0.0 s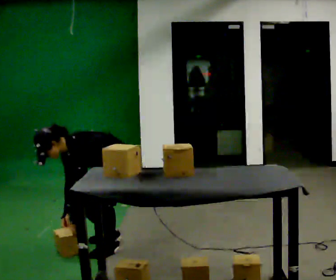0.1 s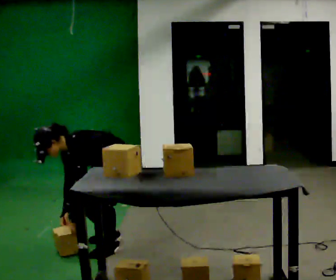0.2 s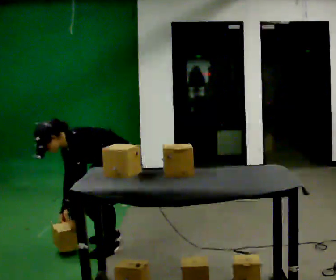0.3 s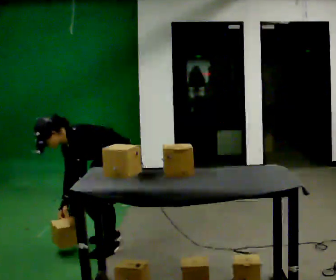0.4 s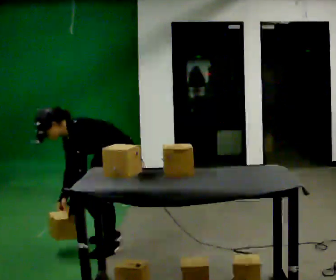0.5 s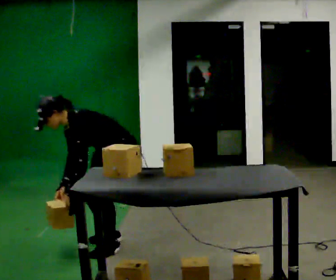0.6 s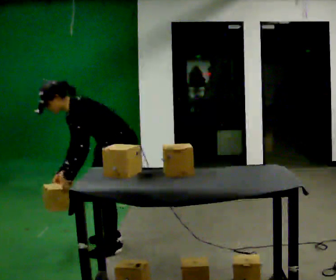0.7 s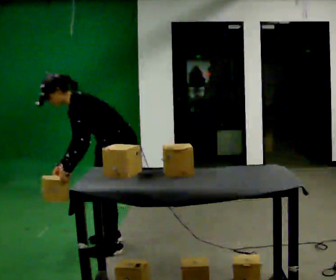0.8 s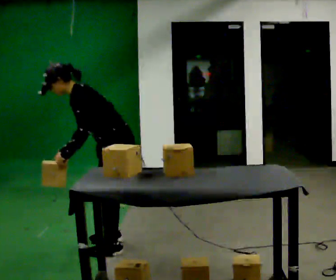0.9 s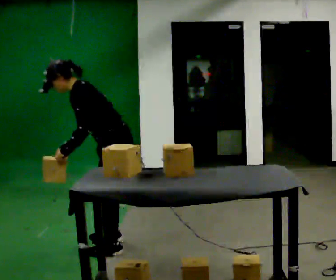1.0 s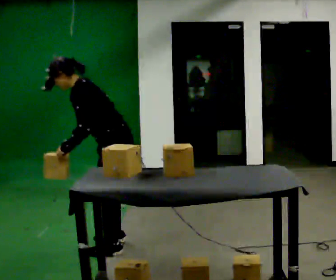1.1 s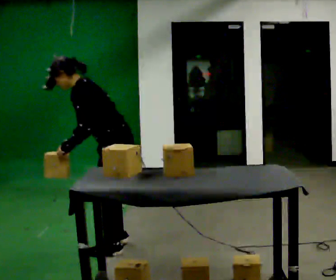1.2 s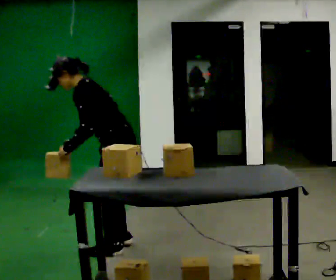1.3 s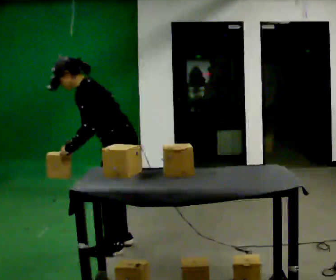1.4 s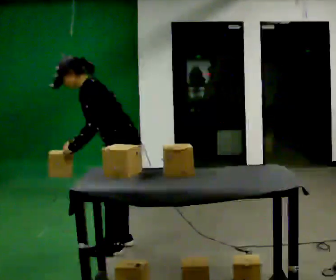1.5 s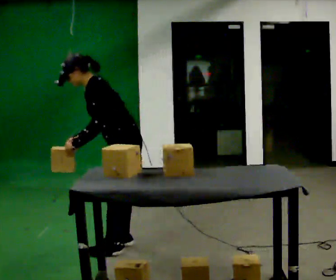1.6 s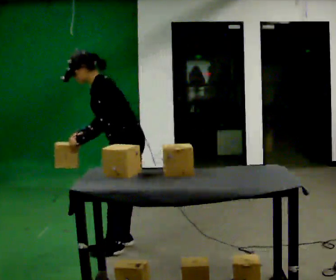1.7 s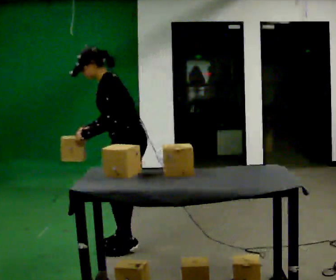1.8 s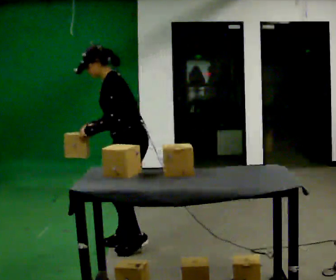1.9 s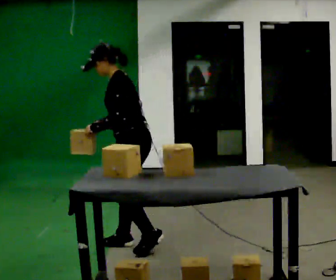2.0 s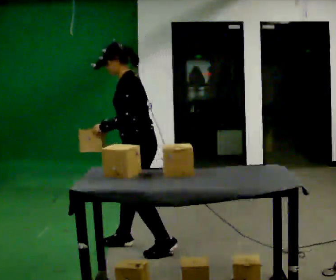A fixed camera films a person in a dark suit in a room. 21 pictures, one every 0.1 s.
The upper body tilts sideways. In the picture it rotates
clockwise.
The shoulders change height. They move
upward.
0.0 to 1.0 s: Seen from above the body turns clockwise, about 45 degrees: to their right, with its near side sliding to the left. In the picture they go toward the camera, about 0.25 m, which for them is to their left. The shoulders move upward. The upper body tips away from the camera, its near side rolling upward, as they lean back or straighten. In the picture their left hand goes upward.
1.0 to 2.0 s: In the picture they go to the right, about 0.25 m in 1 step, which for them is backward. In the picture the upper body tilts clockwise, shoulders to the right, as they lean back or straighten.
The film runs backward here.
